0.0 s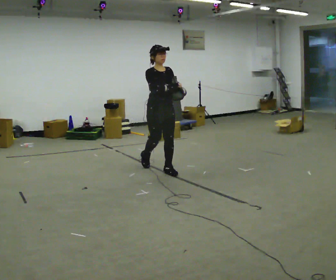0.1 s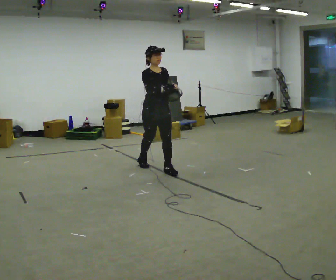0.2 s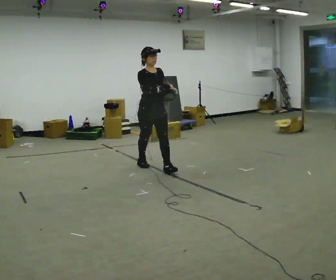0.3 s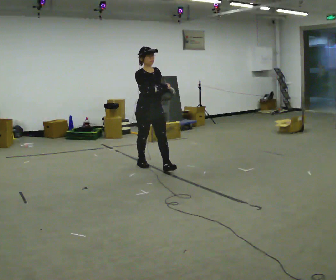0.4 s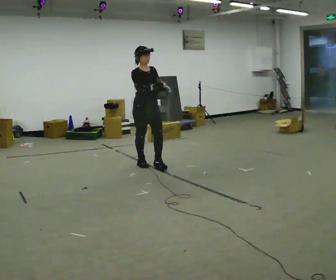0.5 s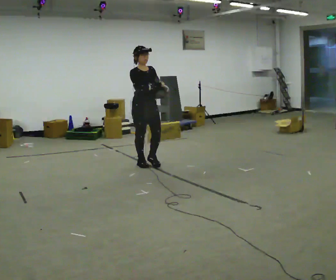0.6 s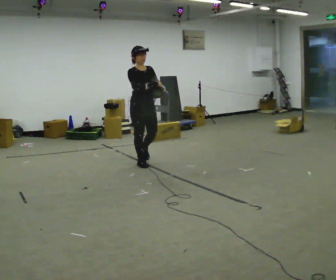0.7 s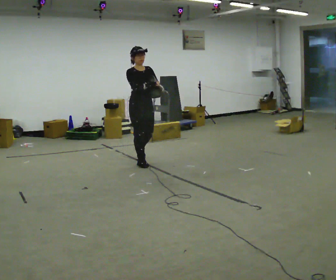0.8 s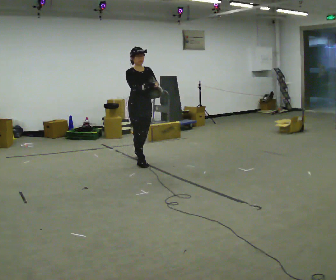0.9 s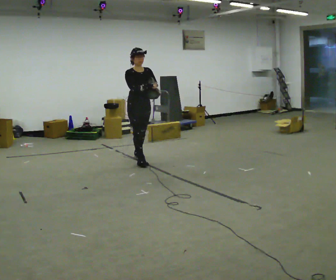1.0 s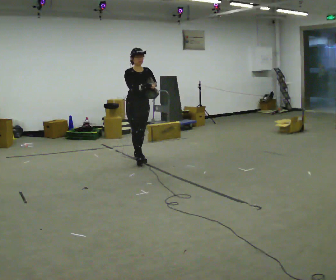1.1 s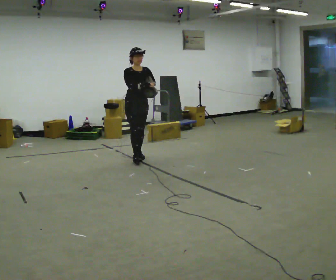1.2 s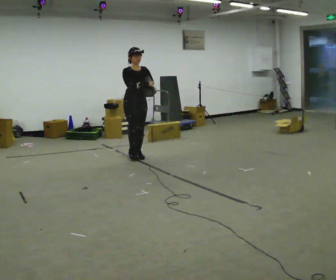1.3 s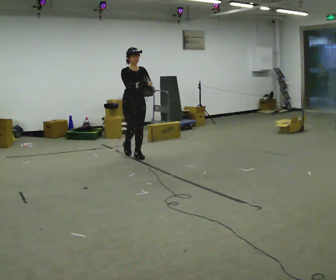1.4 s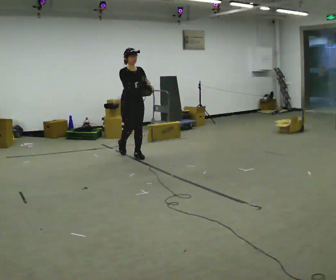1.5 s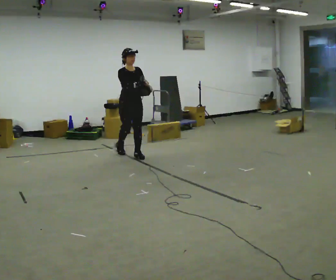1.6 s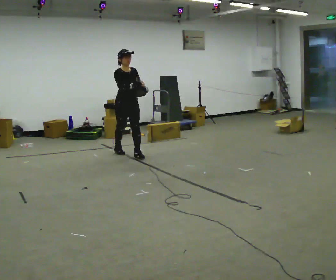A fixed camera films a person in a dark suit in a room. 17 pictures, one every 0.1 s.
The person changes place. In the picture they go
away from the camera.
0.0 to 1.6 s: In the picture they go away from the camera and to the left, about 1 m in 2 steps, which for them is backward.
The film runs backward here.
